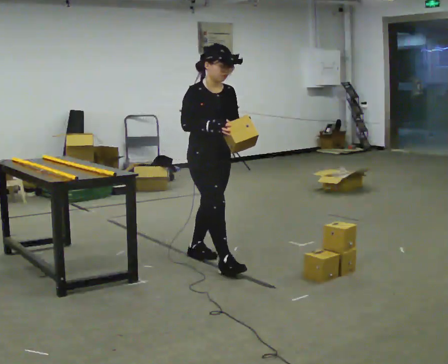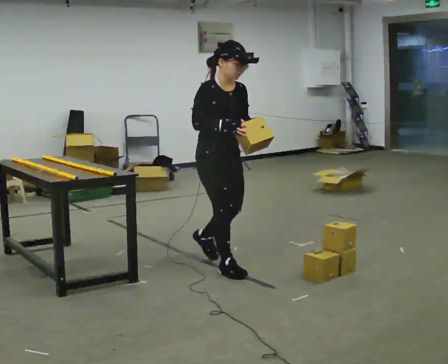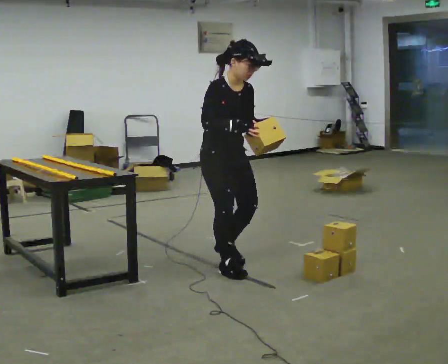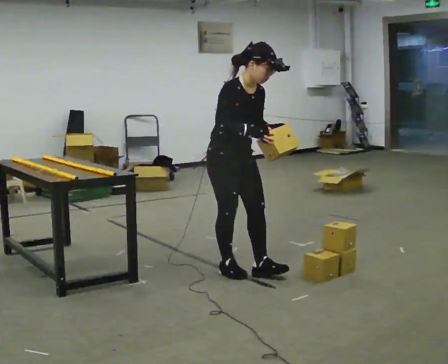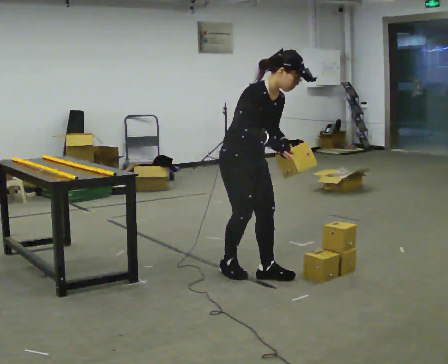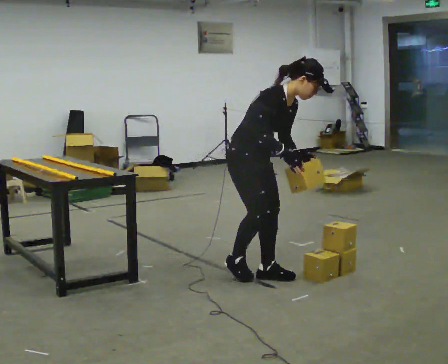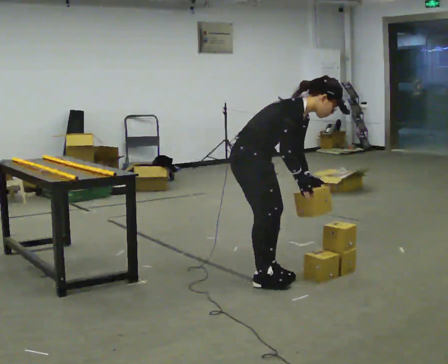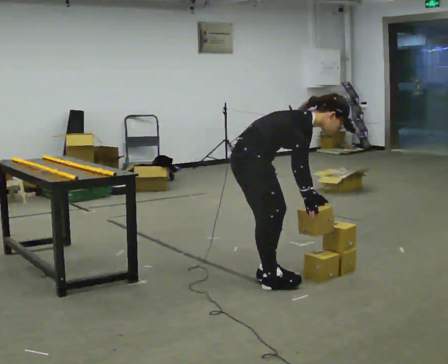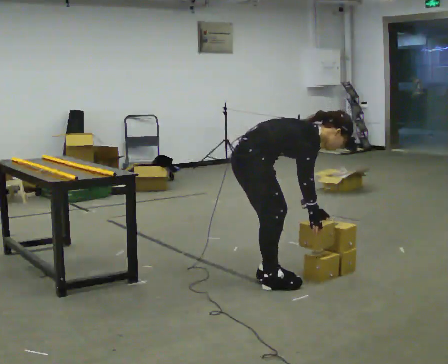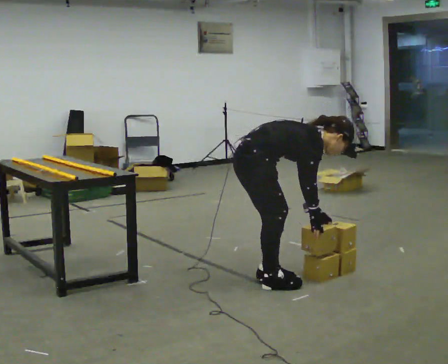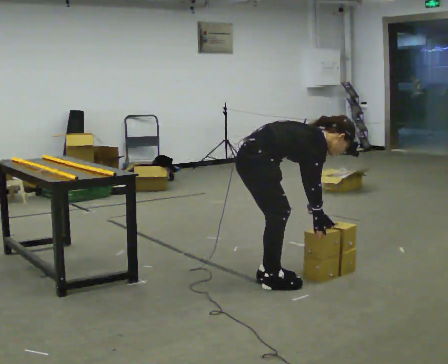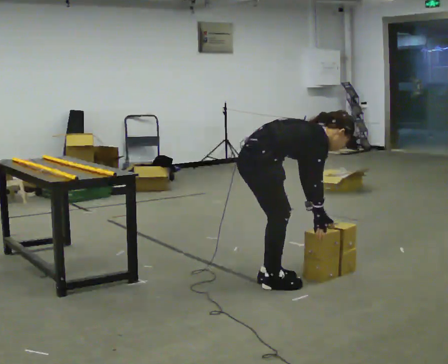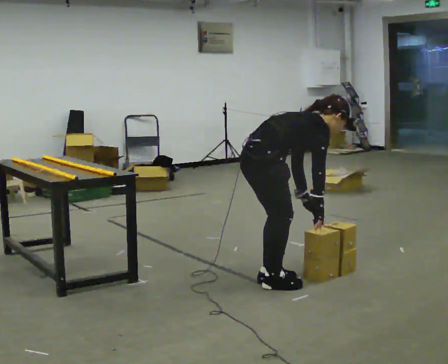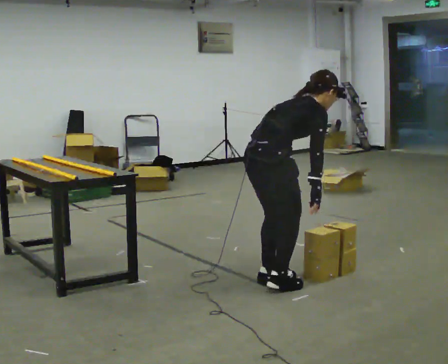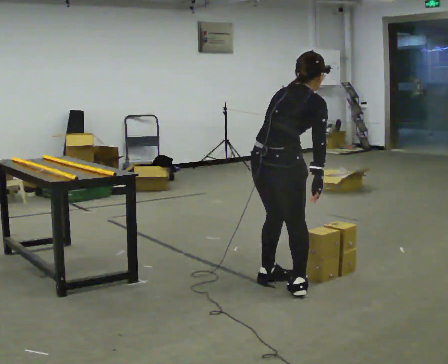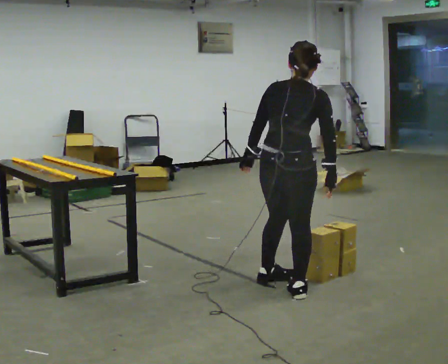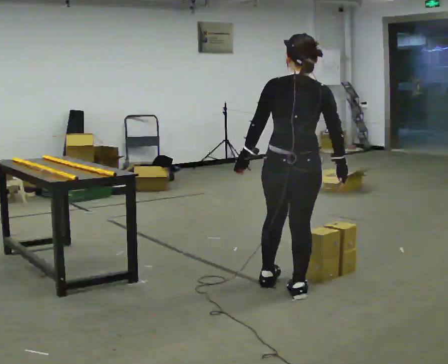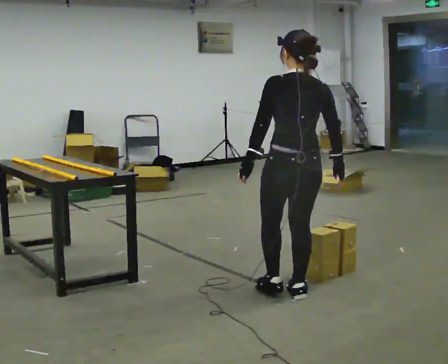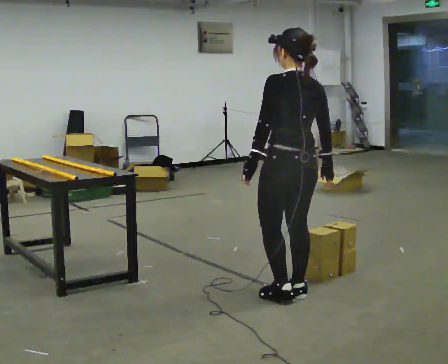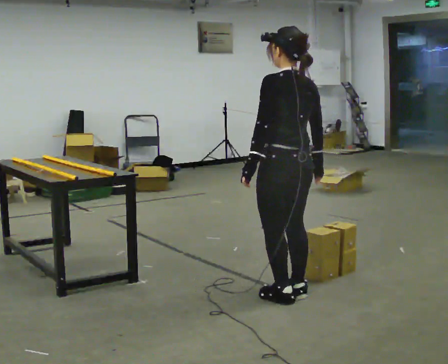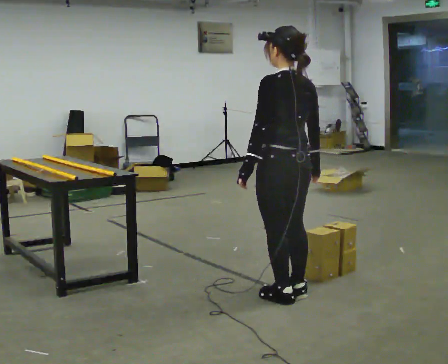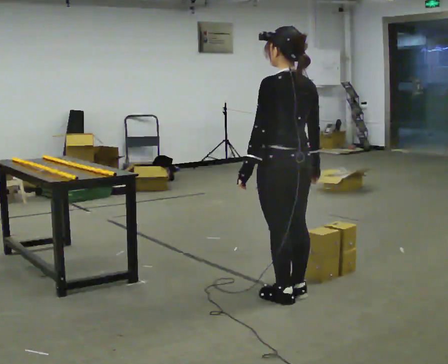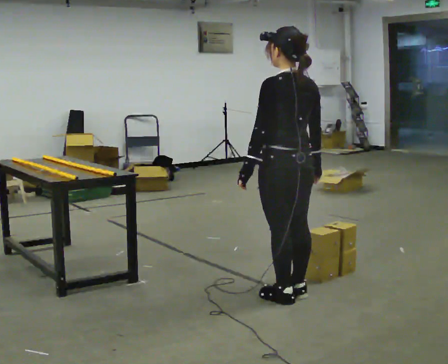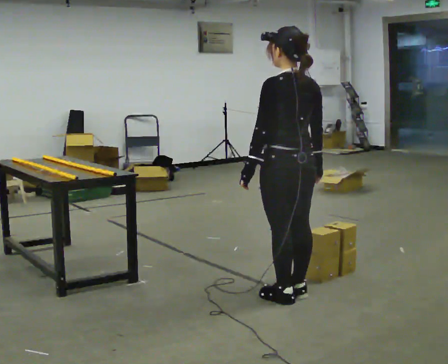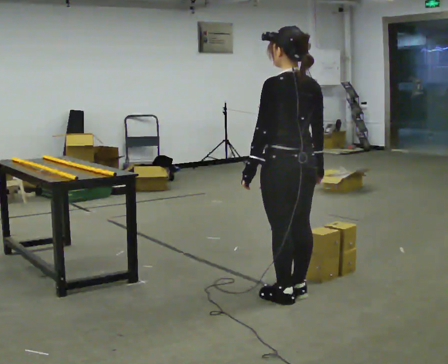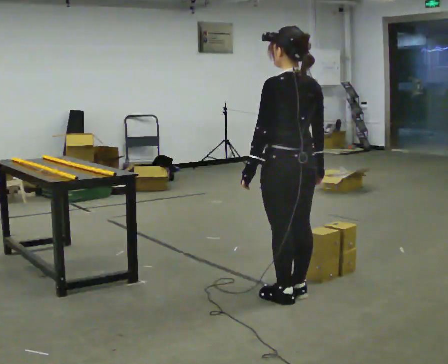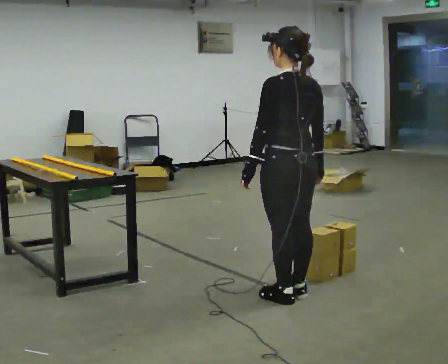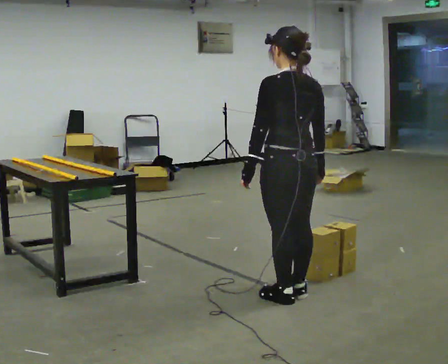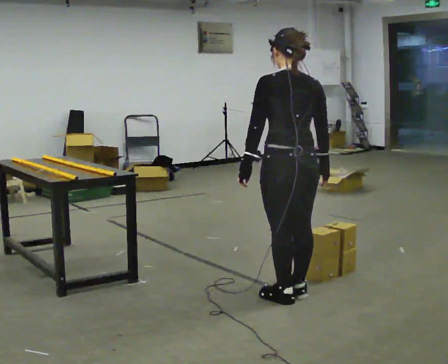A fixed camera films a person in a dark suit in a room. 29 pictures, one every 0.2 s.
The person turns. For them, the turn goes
to their left.
The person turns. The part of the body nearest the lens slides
to the right.
0.0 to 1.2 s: The person turns about 30 degrees to their left, counterclockwise seen from above, so the part of the body nearest the lens slides to the right. In the picture they go toward the camera and to the right, about 0.5 m in 1 step, which for them is forward. In the picture the upper body tilts clockwise, shoulders to the right, as they bend forward. In the picture their left hand goes downward.
1.2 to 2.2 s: The part of the body nearest the lens slides to the right as the person turns to their left by about 30 degrees. In the picture they go toward the camera, about 0.25 m in 1 step, which for them is to their right. The upper body tips away from the camera, its near side rolling upward, as they bend forward.
2.2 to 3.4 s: The person turns about 90 degrees to their left, counterclockwise seen from above, so the part of the body nearest the lens slides to the right. In the picture they go to the right and toward the camera, about 0.25 m in 1 step. The shoulders move upward. In the picture the upper body tilts counterclockwise, shoulders to the left, as they lean back or straighten. In the picture their left hand goes upward, the arm swinging clockwise.
3.4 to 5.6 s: The person moves a little, or ends about where they began.
The film runs forward here.
